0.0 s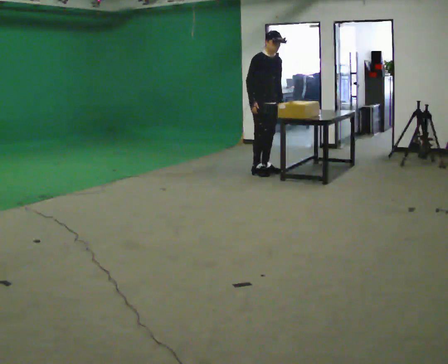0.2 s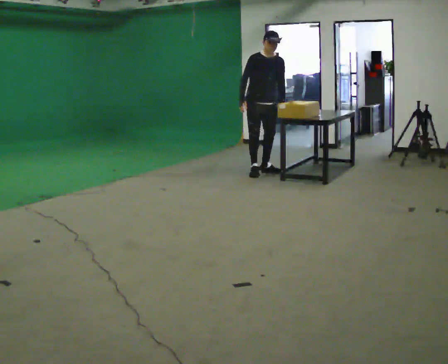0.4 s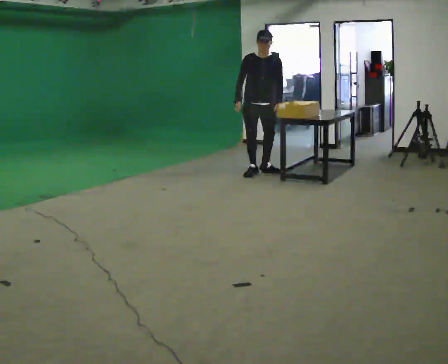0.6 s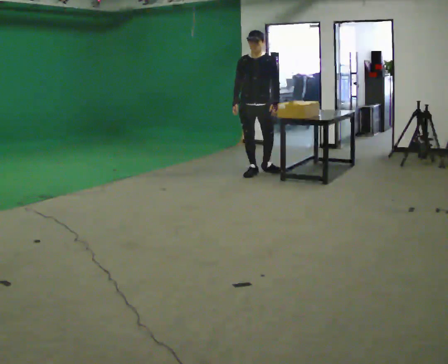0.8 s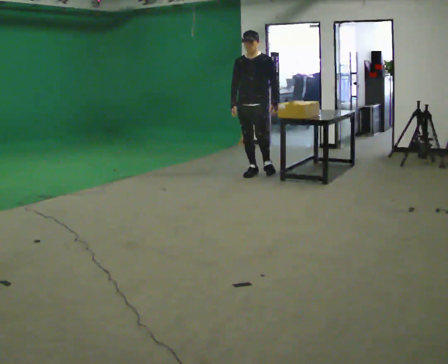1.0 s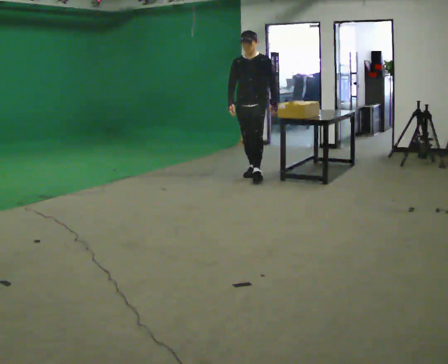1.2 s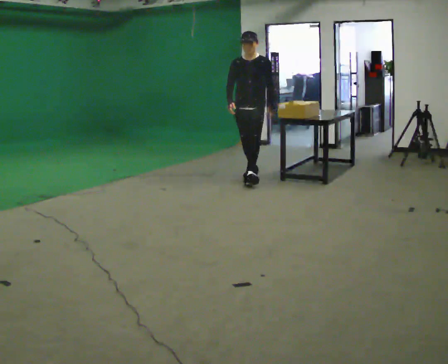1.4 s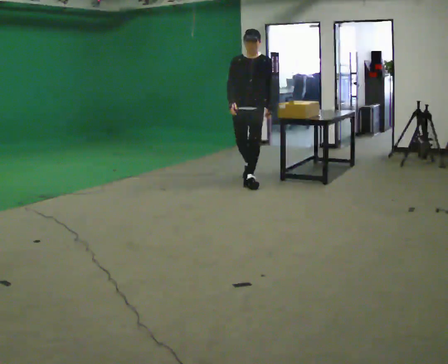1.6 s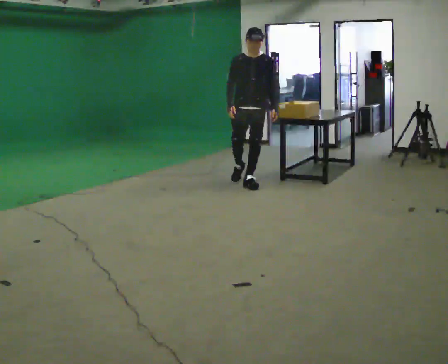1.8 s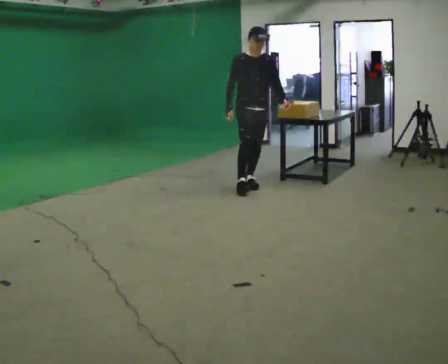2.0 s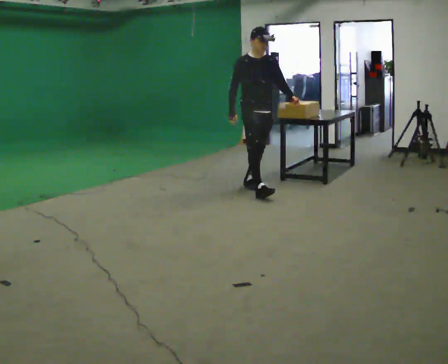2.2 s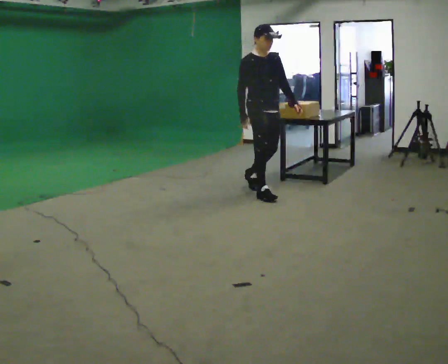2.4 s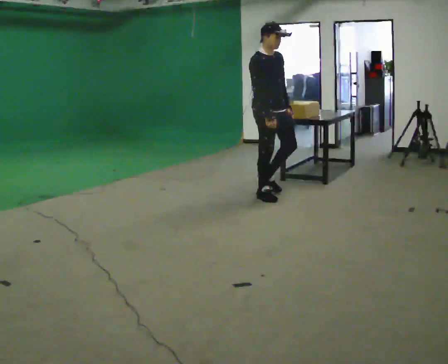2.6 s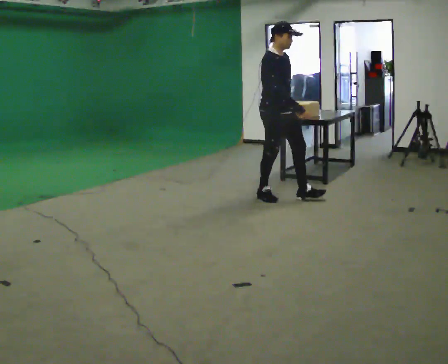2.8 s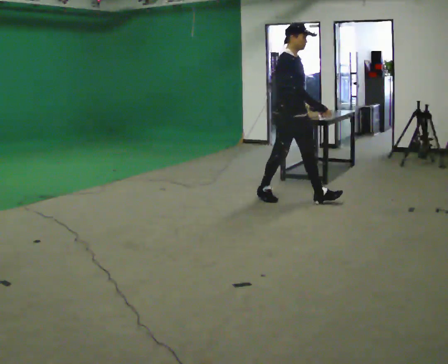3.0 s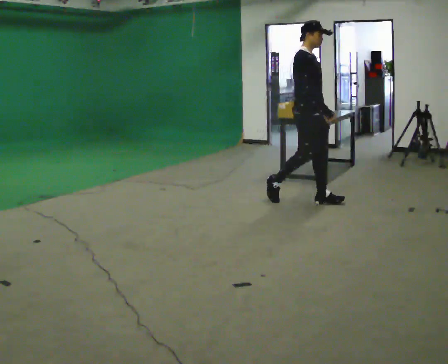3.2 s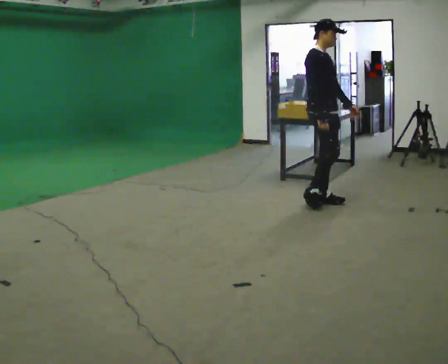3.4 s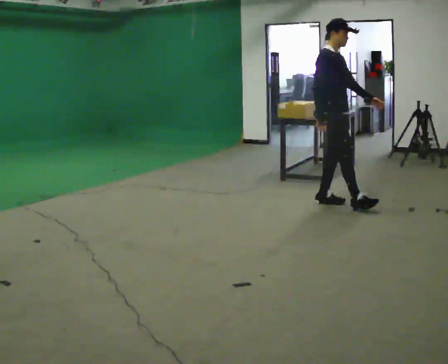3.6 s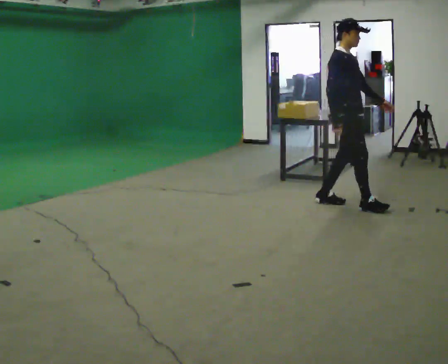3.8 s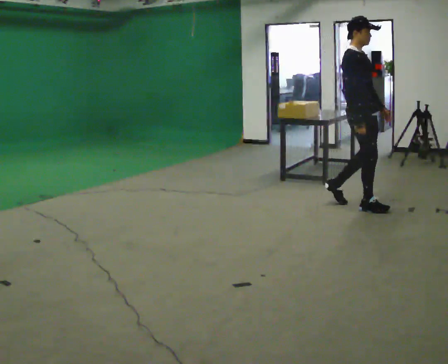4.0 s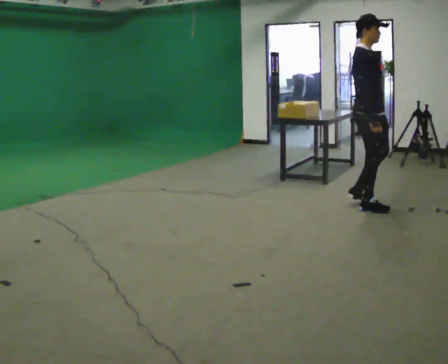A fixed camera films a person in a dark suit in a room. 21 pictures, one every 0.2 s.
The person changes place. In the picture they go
toward the camera.
The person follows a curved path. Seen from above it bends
counterclockwise.
0.0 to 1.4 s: Seen from above the body turns clockwise, about 60 degrees: to their right, with its near side sliding to the left. In the picture they go toward the camera, about 0.5 m in 1 step.
1.4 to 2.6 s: The part of the body nearest the lens slides to the right as the person turns to their left by about 60 degrees. In the picture they go toward the camera and to the right, about 1 m in 1 step.
2.6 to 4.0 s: In the picture they go to the right and toward the camera, about 1 m in 2 steps, which for them is forward.
The film runs forward here.
